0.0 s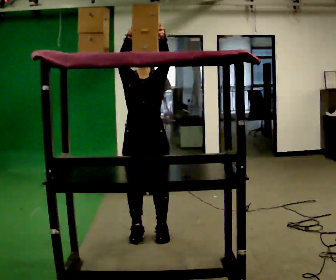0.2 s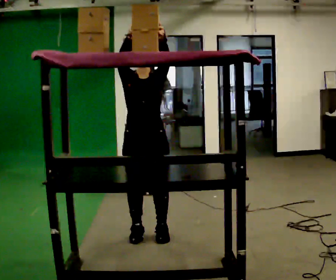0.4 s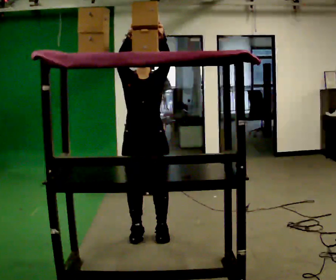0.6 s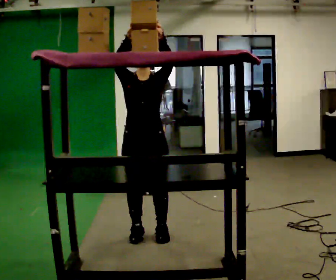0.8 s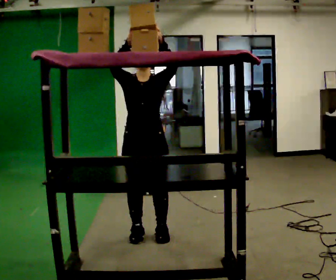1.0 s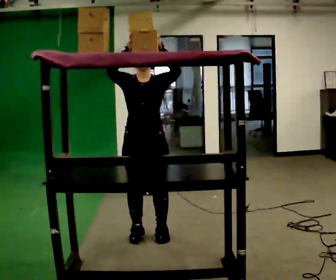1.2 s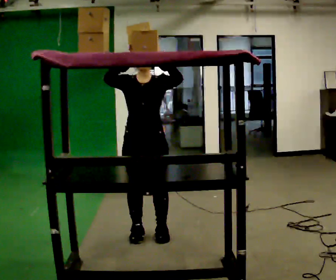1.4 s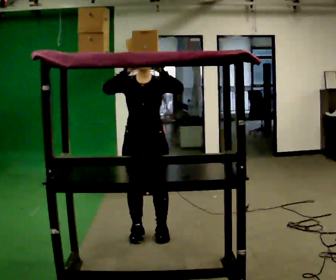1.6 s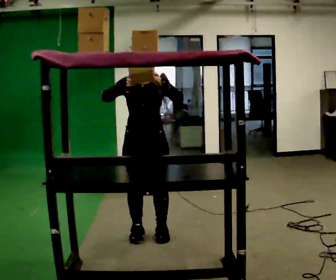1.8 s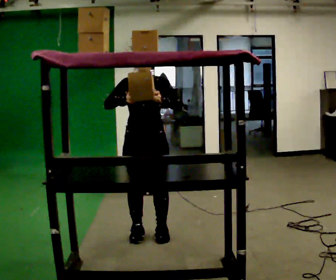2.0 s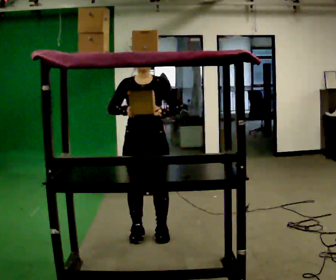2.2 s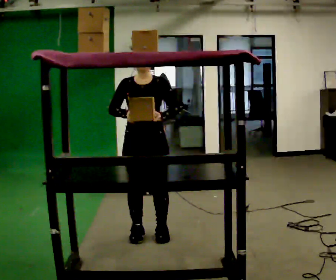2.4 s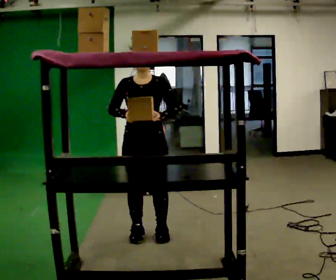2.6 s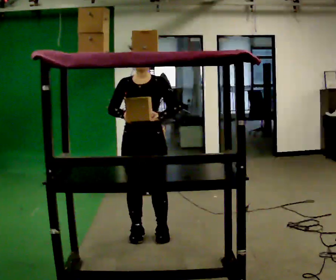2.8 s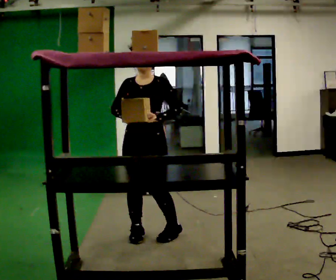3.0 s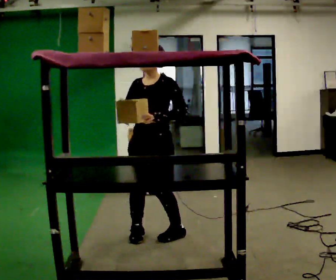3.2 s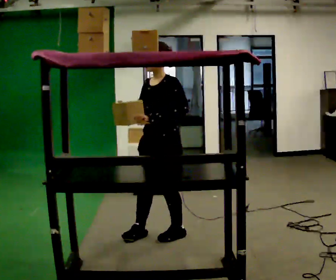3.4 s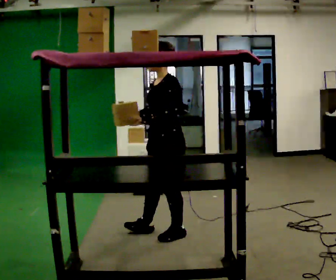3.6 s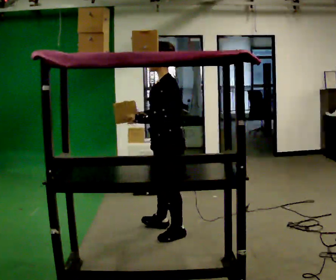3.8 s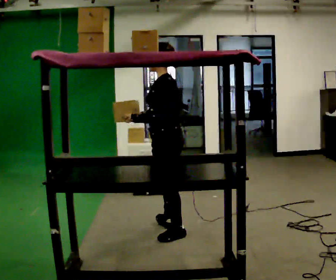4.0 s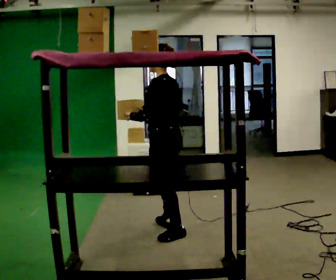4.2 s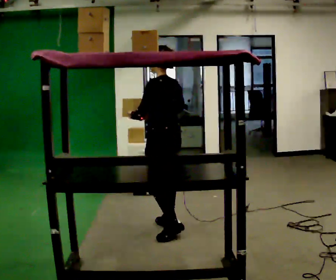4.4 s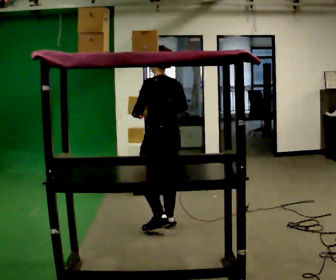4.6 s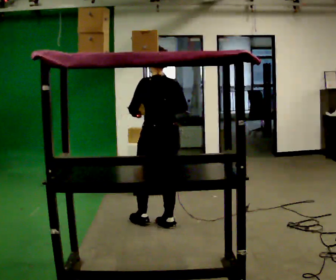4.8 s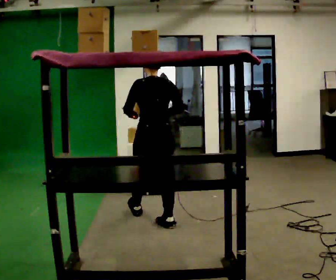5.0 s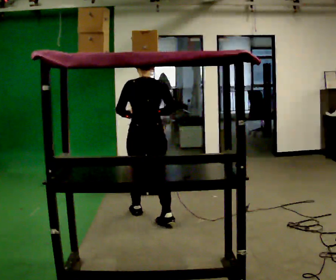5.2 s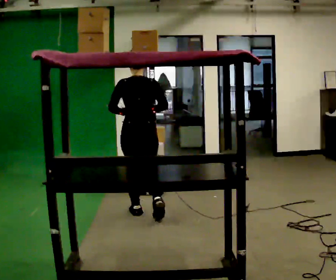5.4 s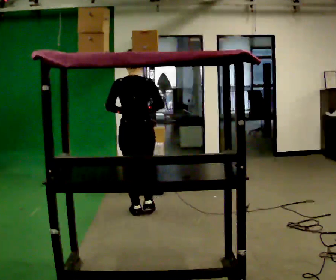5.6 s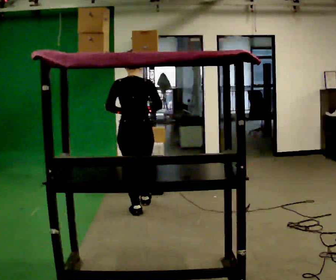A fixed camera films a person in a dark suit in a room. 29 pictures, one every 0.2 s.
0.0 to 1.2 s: The person moves a little, or ends about where they began.
1.2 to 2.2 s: In the picture their left hand goes downward.
2.2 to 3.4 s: Seen from above the body turns clockwise, about 75 degrees: to their right, with its near side sliding to the left. In the picture they go to the right, about 0.25 m in 1 step.
3.4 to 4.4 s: The person turns about 75 degrees to their right, clockwise seen from above, so the part of the body nearest the lens slides to the left. In the picture they go away from the camera, about 0.25 m in 1 step.
4.4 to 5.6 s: Seen from above the body turns clockwise, about 30 degrees: to their right, with its near side sliding to the left. In the picture they go away from the camera and to the left, about 0.5 m in 1 step, which for them is forward.
The film runs forward here.
